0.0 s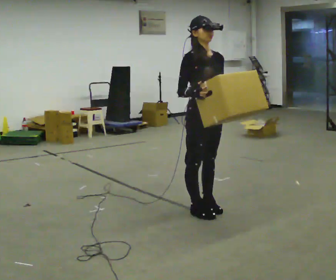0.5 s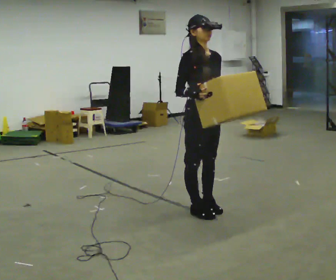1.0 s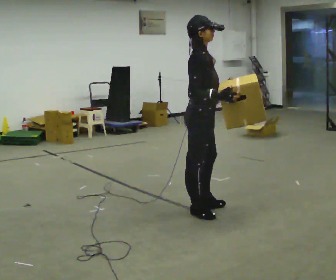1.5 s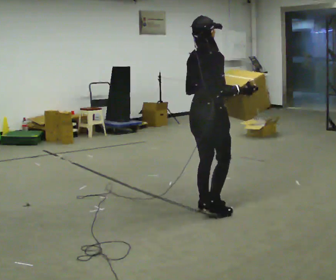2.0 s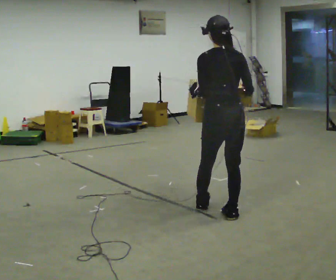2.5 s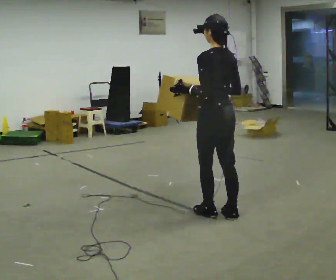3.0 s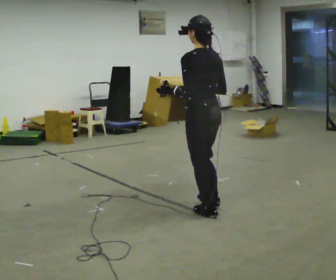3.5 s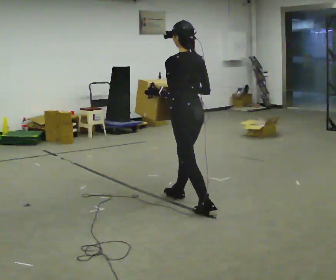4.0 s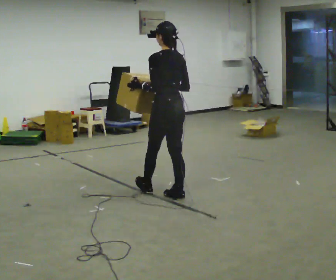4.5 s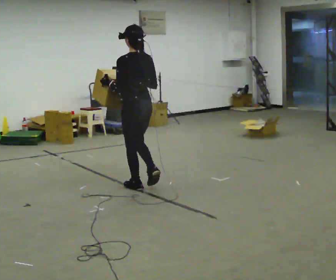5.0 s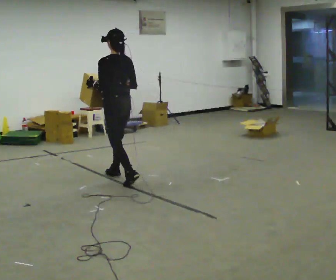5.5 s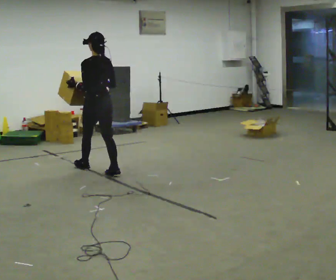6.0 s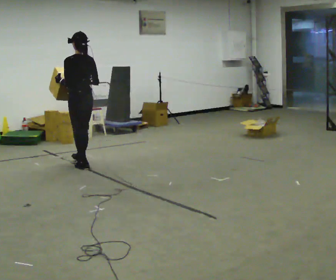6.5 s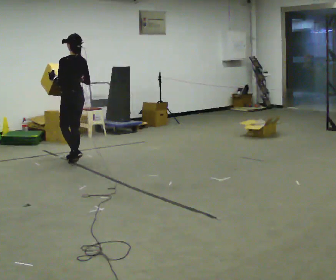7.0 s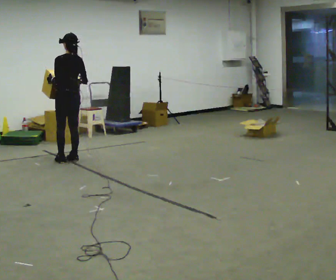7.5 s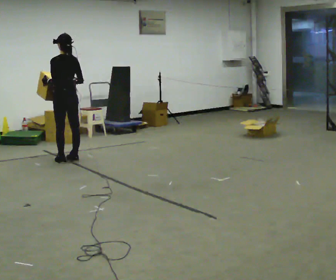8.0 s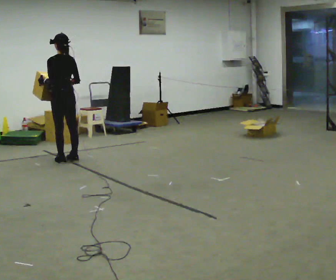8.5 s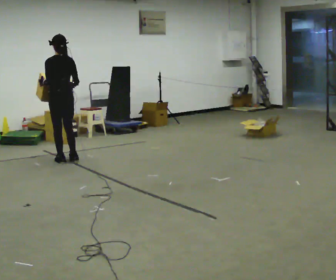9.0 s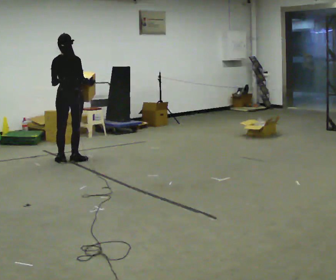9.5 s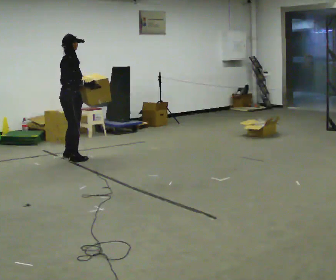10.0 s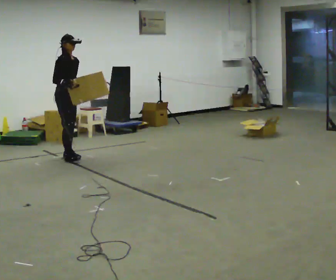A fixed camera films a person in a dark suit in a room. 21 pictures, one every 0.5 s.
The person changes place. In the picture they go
away from the camera.
0.0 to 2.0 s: The person turns about 150 degrees to their left, counterclockwise seen from above, so the part of the body nearest the lens slides to the right. In the picture they go toward the camera, about 0.25 m in 1 step. In the picture their right hand goes to the right.
2.0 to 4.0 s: The part of the body nearest the lens slides to the right as the person turns to their left by about 30 degrees. In the picture they go away from the camera and to the left, about 0.5 m in 2 steps, which for them is forward.
4.0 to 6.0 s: In the picture they go away from the camera and to the left, about 1.5 m in 3 steps, which for them is forward.
6.0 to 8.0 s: In the picture they go away from the camera and to the left, about 0.5 m in 2 steps, which for them is forward.
8.0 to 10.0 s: The person turns about 165 degrees to their right, clockwise seen from above, so the part of the body nearest the lens slides to the left. In the picture they go away from the camera, about 0.25 m in 1 step.
The film runs forward here.
